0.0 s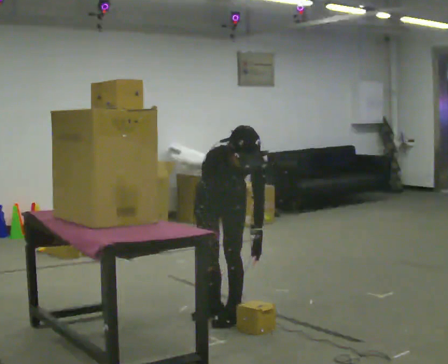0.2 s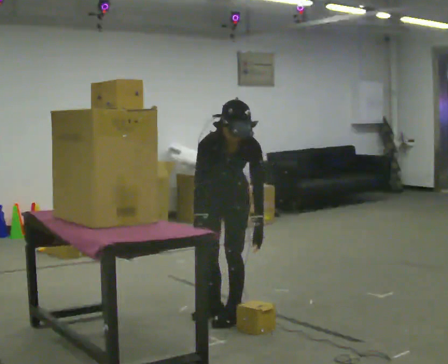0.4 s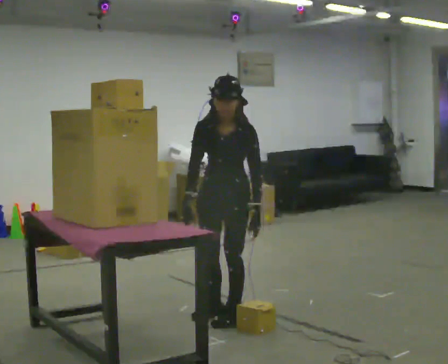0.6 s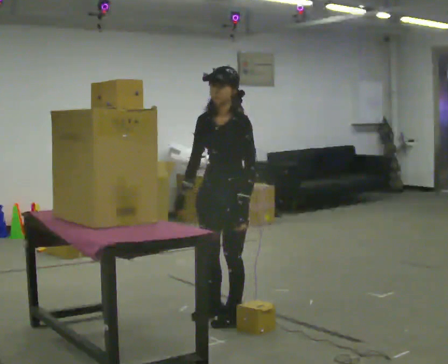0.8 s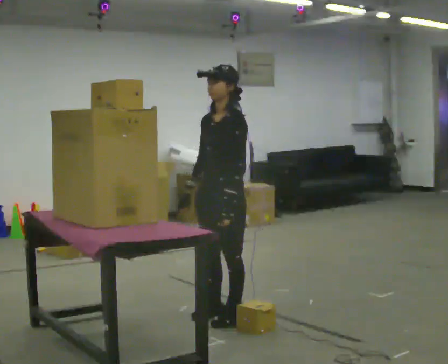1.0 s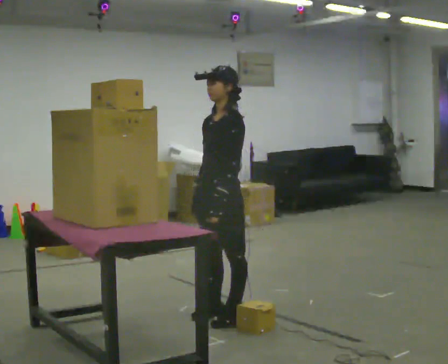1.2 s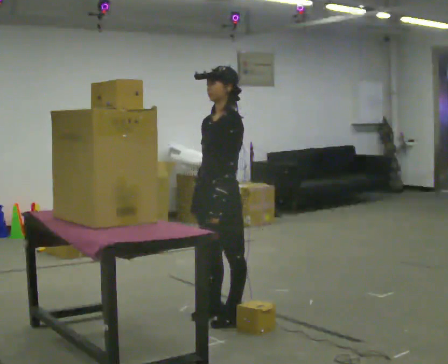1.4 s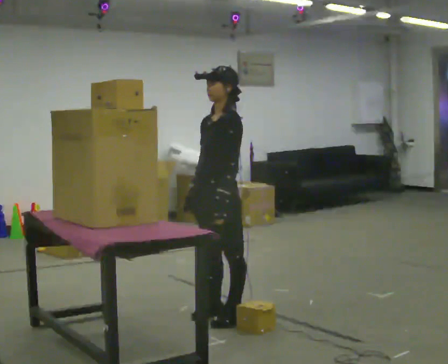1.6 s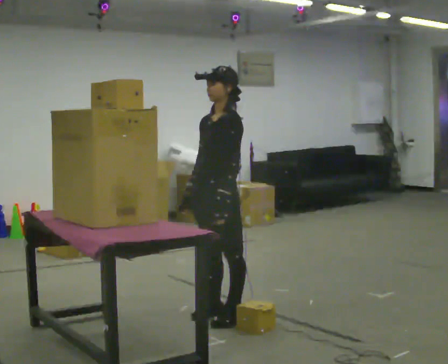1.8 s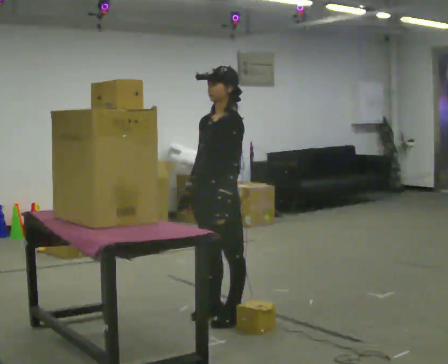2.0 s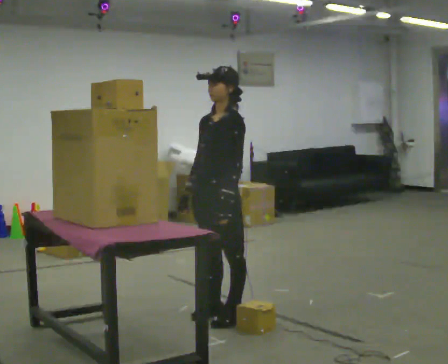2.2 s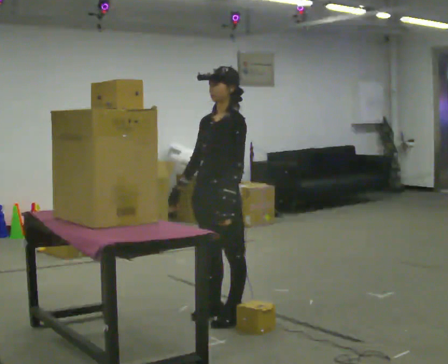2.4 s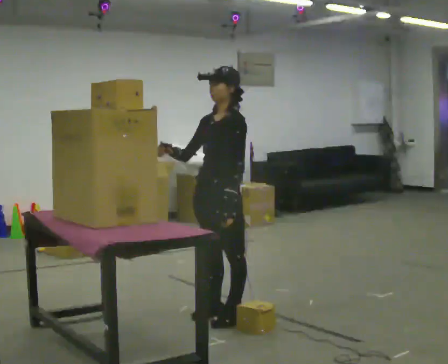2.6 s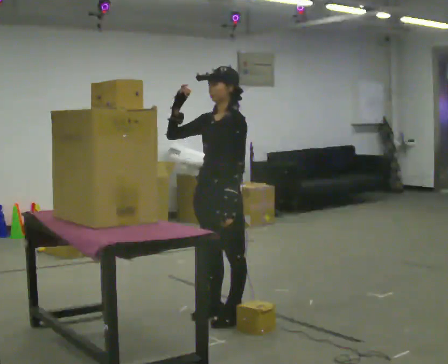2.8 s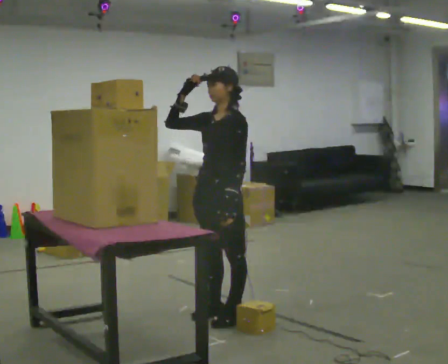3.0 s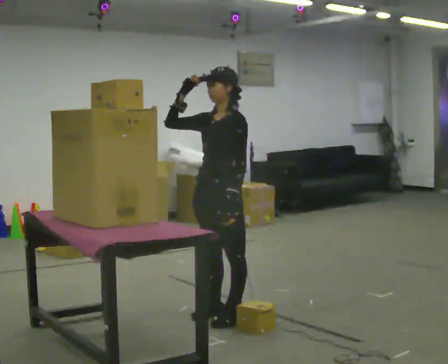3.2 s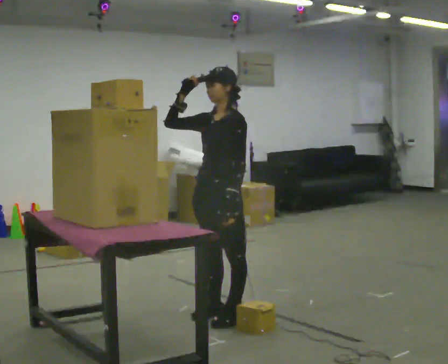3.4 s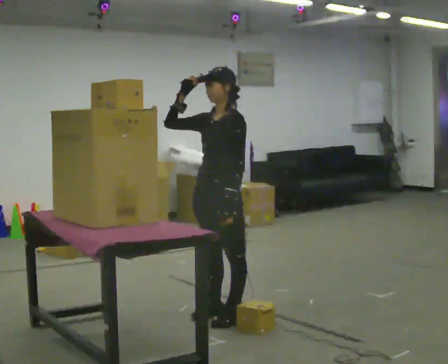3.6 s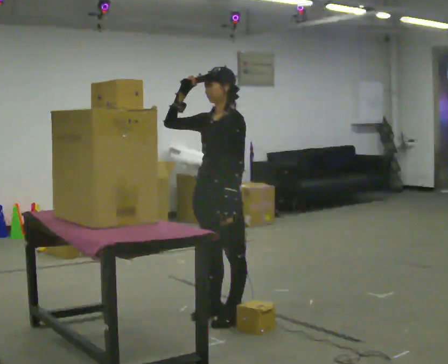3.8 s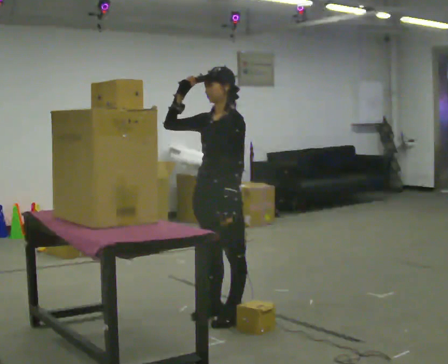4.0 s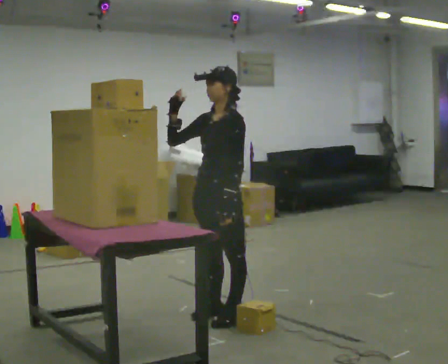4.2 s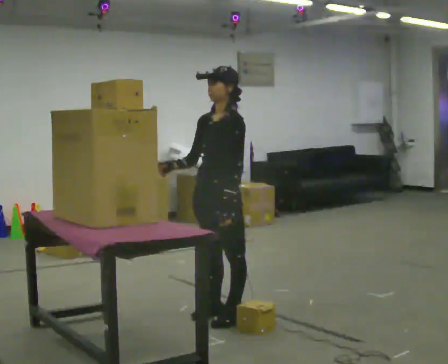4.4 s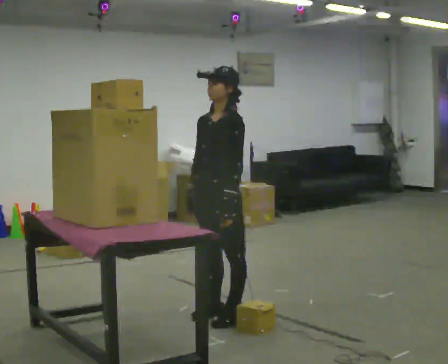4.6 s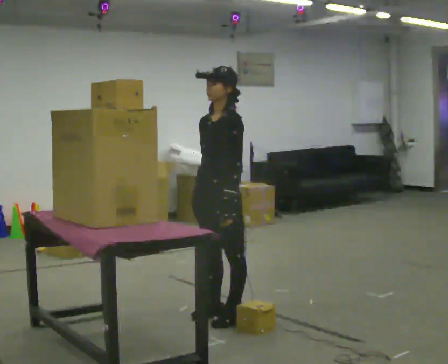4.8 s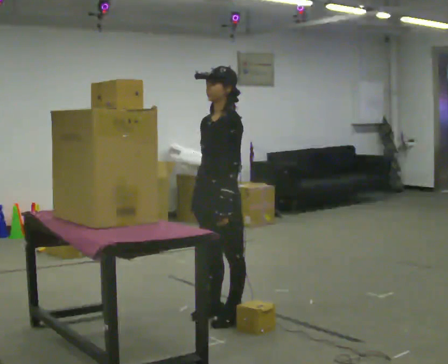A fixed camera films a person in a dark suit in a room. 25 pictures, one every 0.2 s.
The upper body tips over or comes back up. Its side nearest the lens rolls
upward.
0.0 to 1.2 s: The part of the body nearest the lens slides to the left as the person turns to their right by about 60 degrees. The upper body goes upward. The upper body tips away from the camera, its near side rolling upward, as they lean back or straighten.
1.2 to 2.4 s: In the picture their right hand goes upward, the arm swinging clockwise.
2.4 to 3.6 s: The person moves a little, or ends about where they began.
3.6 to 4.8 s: In the picture their right hand goes downward, the arm swinging counterclockwise.
The film runs forward here.
